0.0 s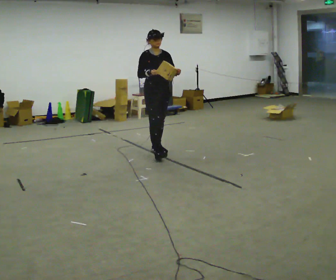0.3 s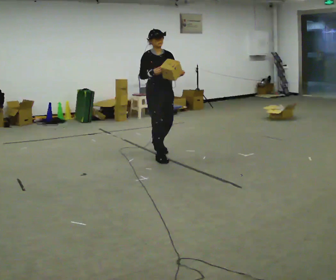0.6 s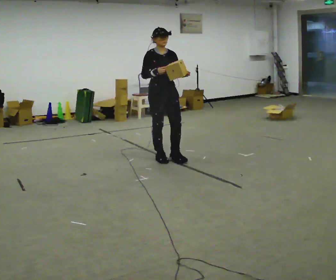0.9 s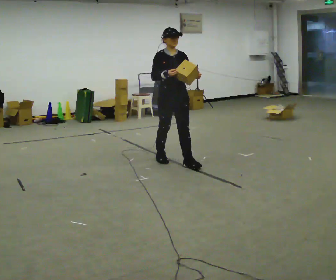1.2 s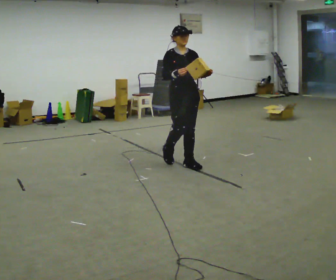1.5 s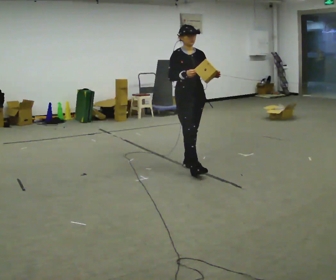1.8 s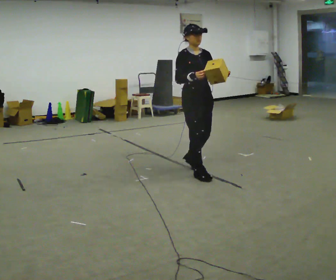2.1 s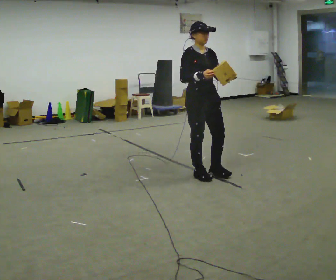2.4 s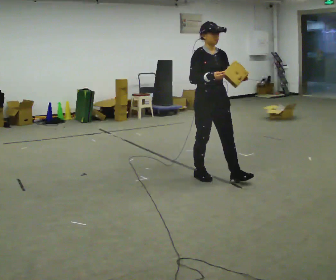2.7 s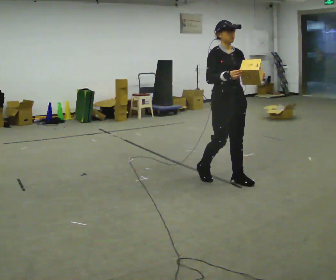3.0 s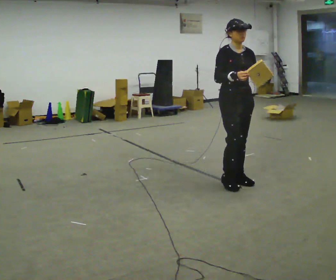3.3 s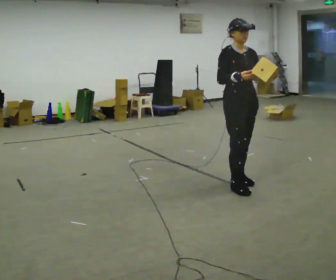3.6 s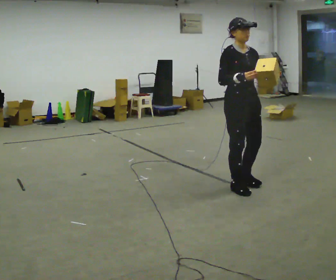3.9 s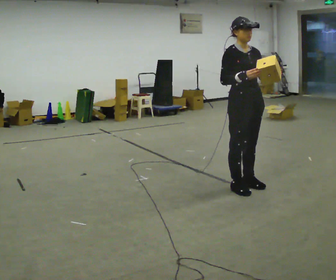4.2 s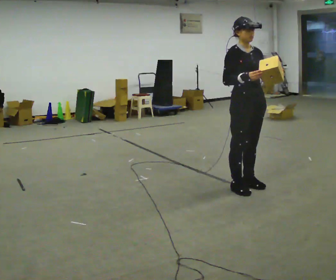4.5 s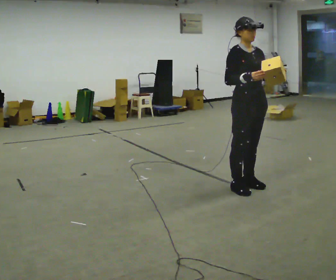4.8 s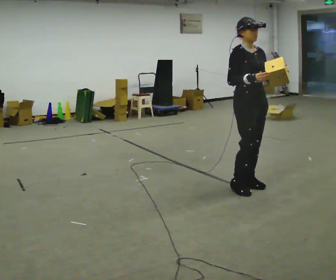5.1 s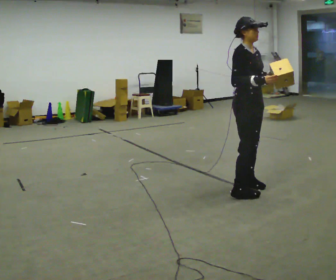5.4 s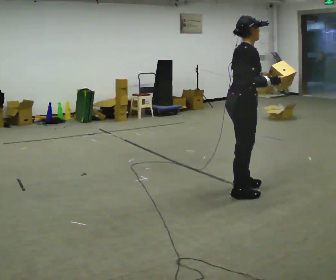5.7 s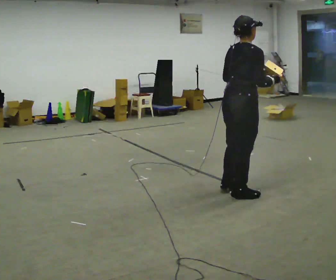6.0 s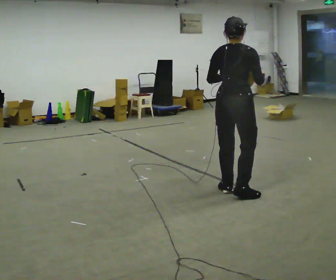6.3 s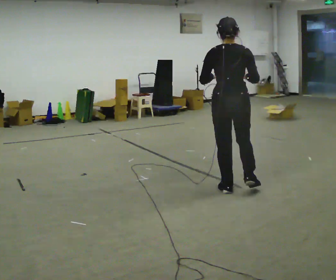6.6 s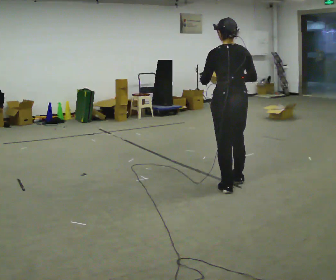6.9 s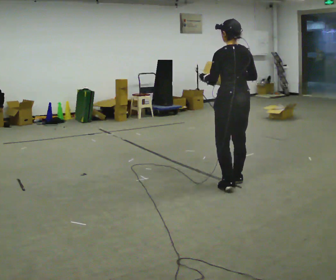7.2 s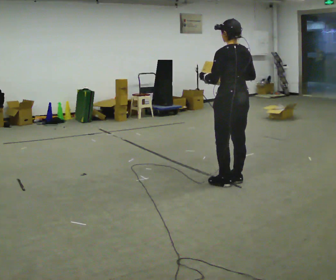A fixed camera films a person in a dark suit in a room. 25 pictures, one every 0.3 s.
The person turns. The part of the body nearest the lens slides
to the right.
The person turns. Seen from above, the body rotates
counterclockwise.
0.0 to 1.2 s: In the picture they go toward the camera and to the right, about 0.75 m in 1 step, which for them is forward.
1.2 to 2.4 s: In the picture they go toward the camera and to the right, about 0.5 m in 2 steps, which for them is forward.
2.4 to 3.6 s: In the picture they go to the right and toward the camera, about 0.5 m in 1 step, which for them is forward.
3.6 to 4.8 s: The person moves a little, or ends about where they began.
4.8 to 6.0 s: Seen from above the body turns counterclockwise, about 105 degrees: to their left, with its near side sliding to the right. In the picture they go to the left, about 0.25 m in 2 steps. In the picture their left hand goes to the left.
6.0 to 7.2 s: The person turns about 60 degrees to their left, counterclockwise seen from above, so the part of the body nearest the lens slides to the right. In the picture they go away from the camera, about 0.25 m in 2 steps.
The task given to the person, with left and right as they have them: Carry the object and, while walking, turn it over in your hands to look at all sides of it. Keep turning it as you walk.
The film runs forward here.
